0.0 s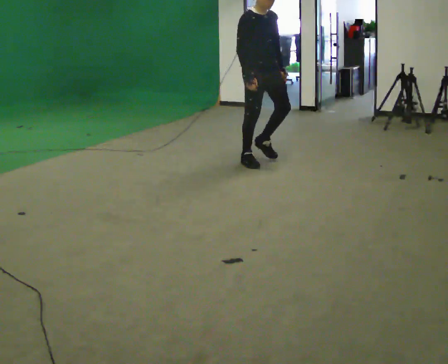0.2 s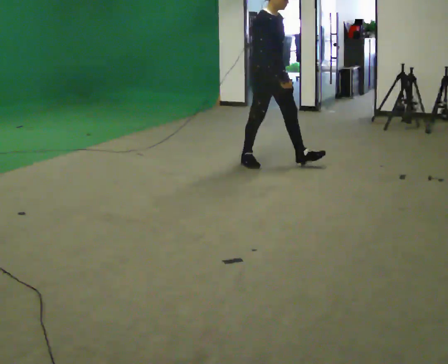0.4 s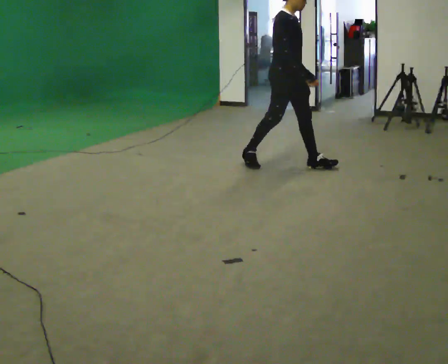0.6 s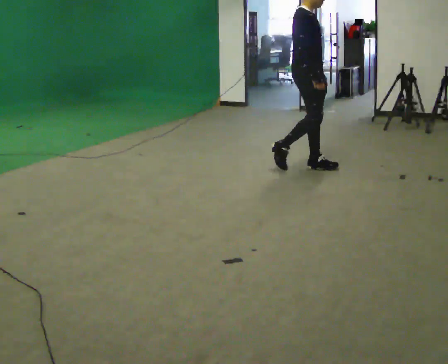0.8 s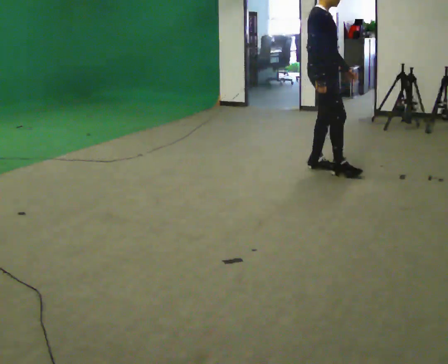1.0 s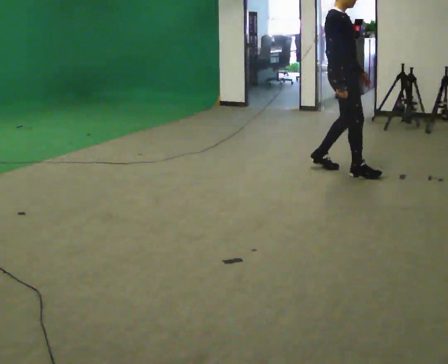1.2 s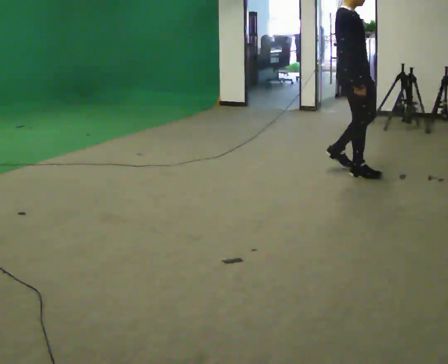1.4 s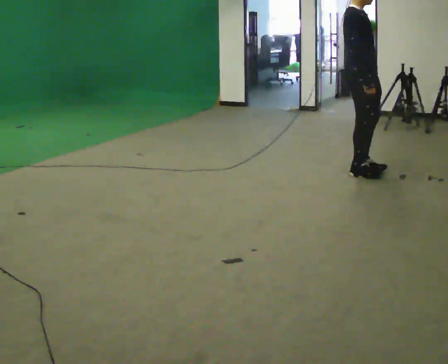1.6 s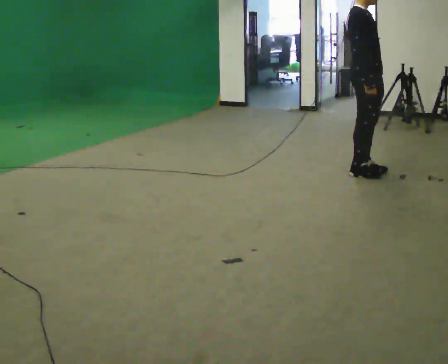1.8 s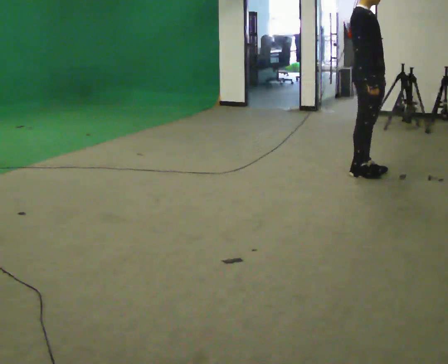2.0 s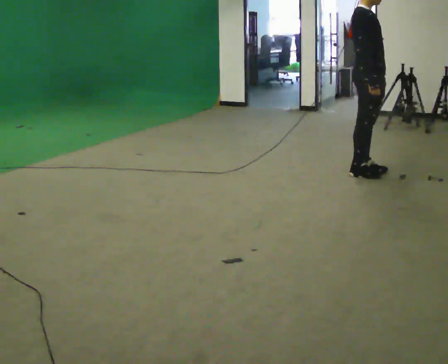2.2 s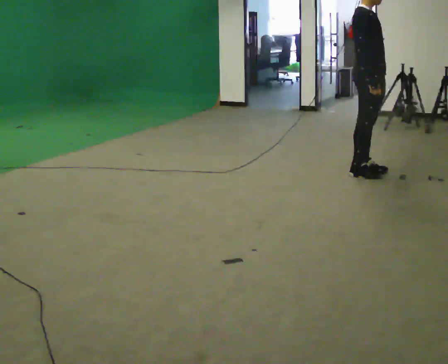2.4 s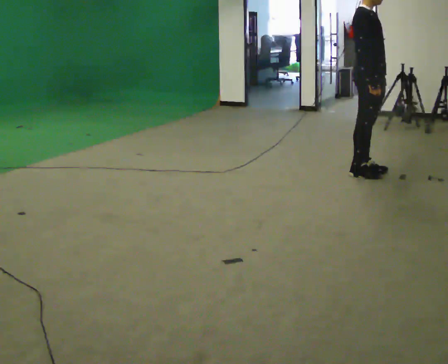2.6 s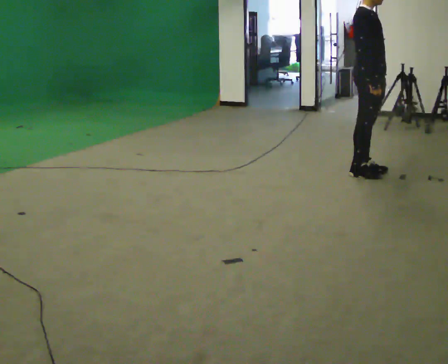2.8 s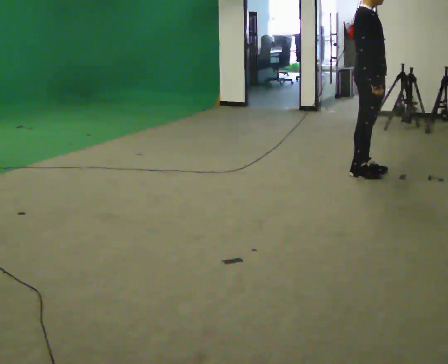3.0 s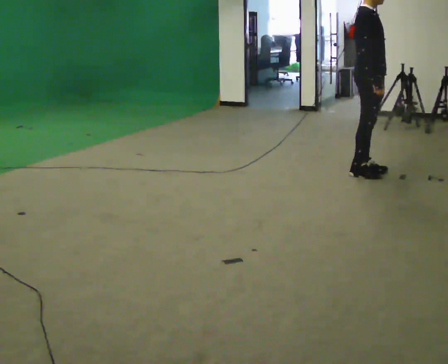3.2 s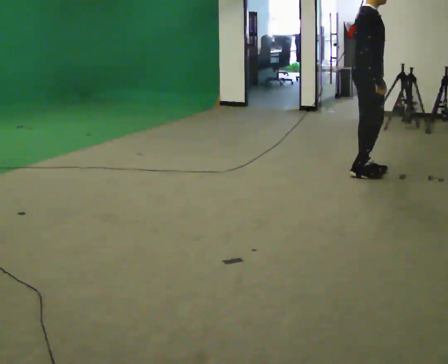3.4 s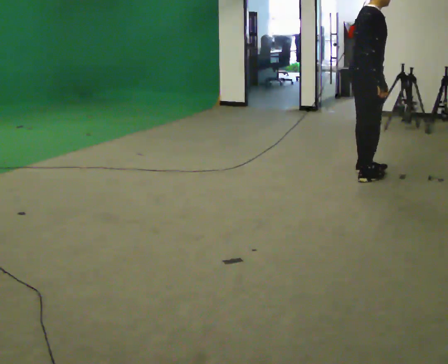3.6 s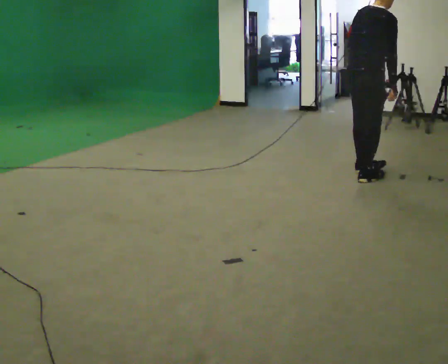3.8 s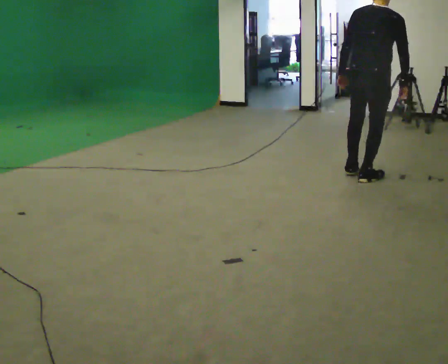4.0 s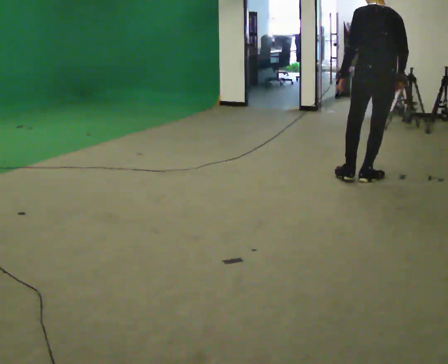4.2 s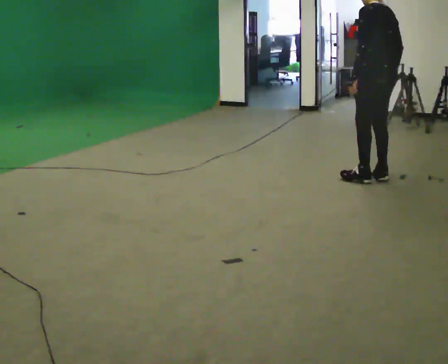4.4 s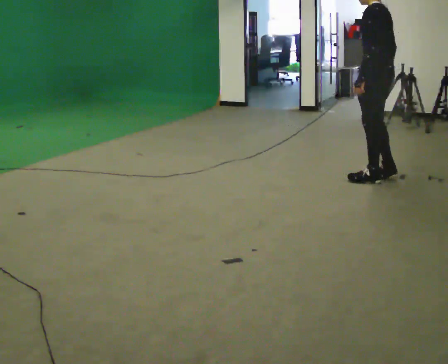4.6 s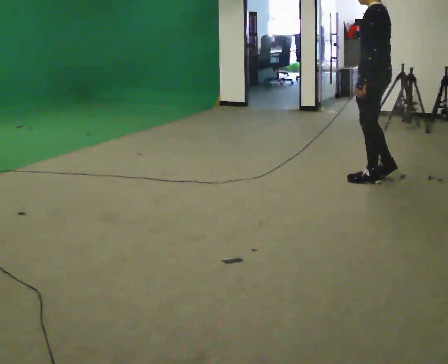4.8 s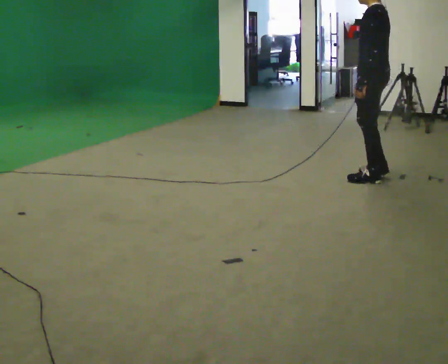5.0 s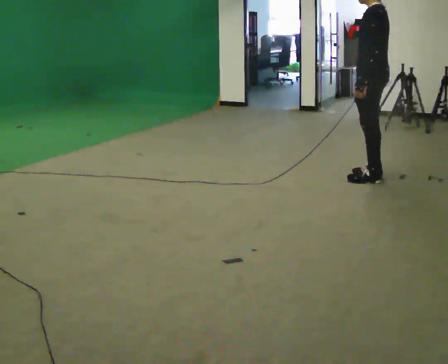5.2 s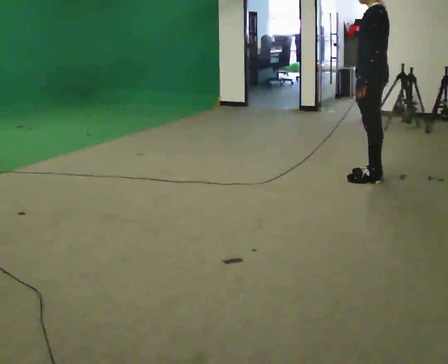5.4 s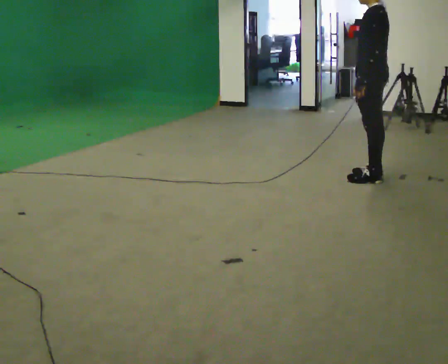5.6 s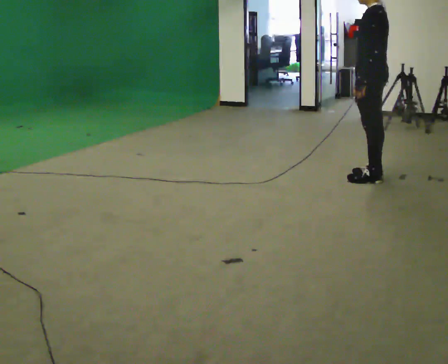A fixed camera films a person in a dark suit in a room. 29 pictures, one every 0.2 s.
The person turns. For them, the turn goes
to their left.
The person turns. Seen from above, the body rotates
counterclockwise.
0.0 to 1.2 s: Seen from above the body turns counterclockwise, about 30 degrees: to their left, with its near side sliding to the right. In the picture they go to the right, about 1 m in 2 steps, which for them is forward.
1.2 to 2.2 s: The person moves a little, or ends about where they began.
2.2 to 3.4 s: The person turns about 30 degrees to their left, counterclockwise seen from above, so the part of the body nearest the lens slides to the right.
3.4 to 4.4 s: The part of the body nearest the lens slides to the right as the person turns to their left by about 135 degrees.
4.4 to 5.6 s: The person moves a little, or ends about where they began.
The film runs forward here.
